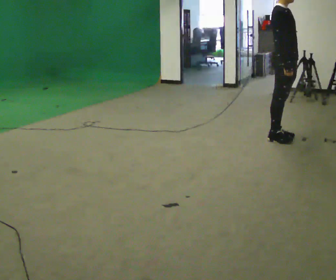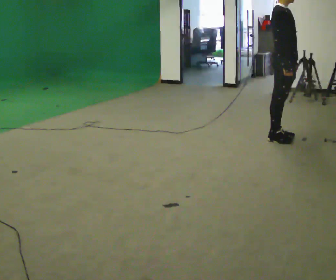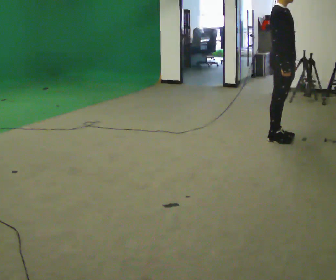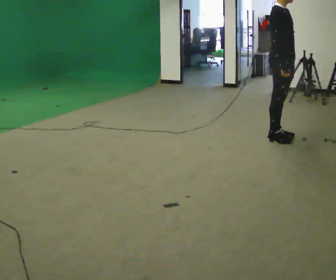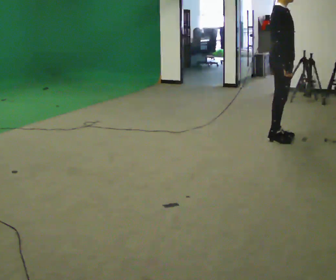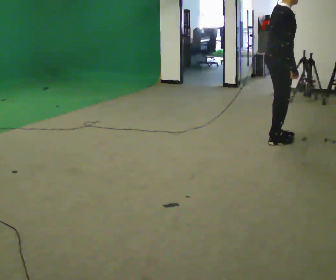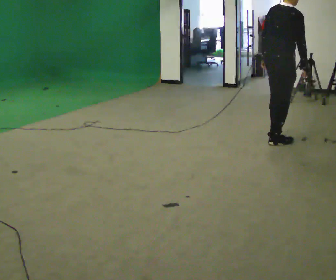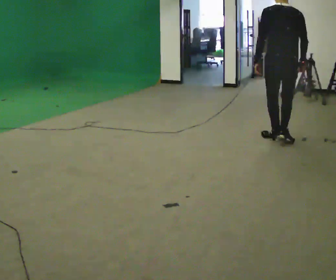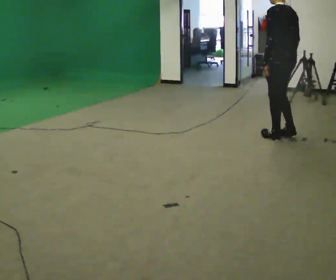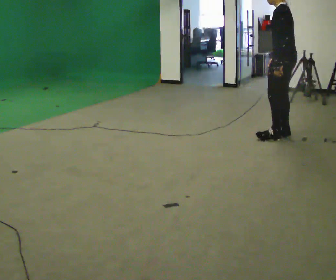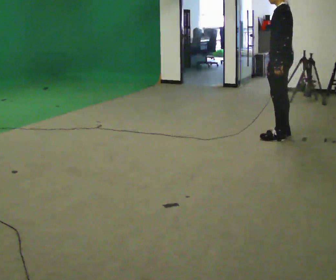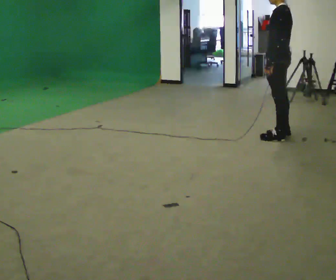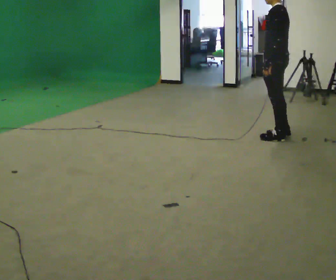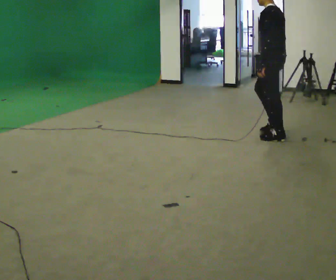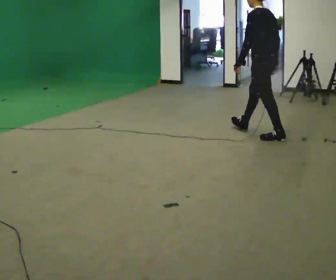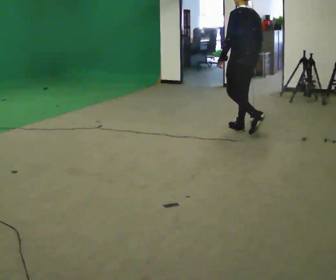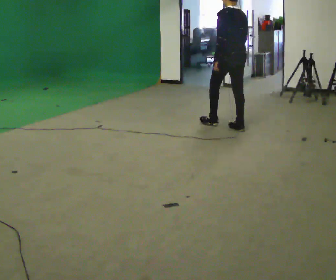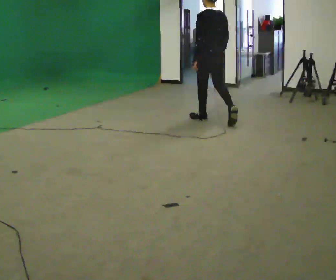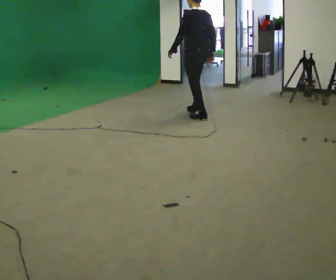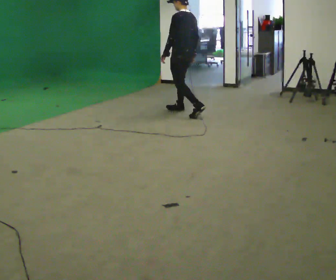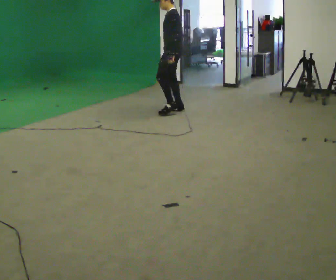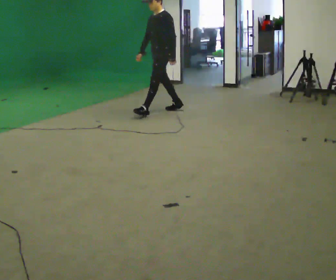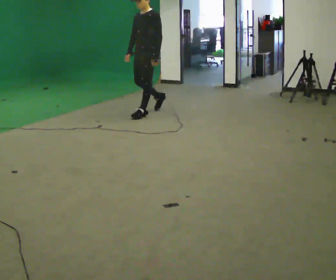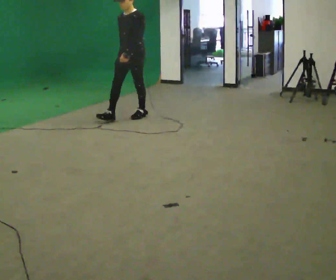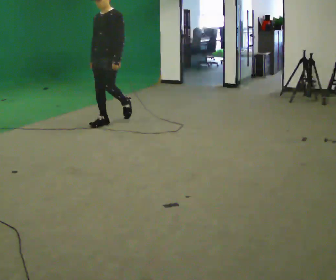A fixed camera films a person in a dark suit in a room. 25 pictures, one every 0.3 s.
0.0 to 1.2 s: The person moves a little, or ends about where they began.
1.2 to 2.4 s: The part of the body nearest the lens slides to the right as the person turns to their left by about 150 degrees.
2.4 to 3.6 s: The person moves a little, or ends about where they began.
3.6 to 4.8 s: The part of the body nearest the lens slides to the left as the person turns to their right by about 30 degrees. In the picture they go to the left and away from the camera, about 0.75 m in 1 step, which for them is forward.
4.8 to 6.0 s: Seen from above the body turns counterclockwise, about 75 degrees: to their left, with its near side sliding to the right. In the picture they go to the left and away from the camera, about 1 m in 2 steps.
6.0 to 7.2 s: The part of the body nearest the lens slides to the right as the person turns to their left by about 45 degrees. In the picture they go toward the camera and to the left, about 1 m in 2 steps, which for them is forward.
The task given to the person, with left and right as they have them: Walk through randomly placed floor targets; choose natural path; include turns and speed changes.
The film runs forward here.
